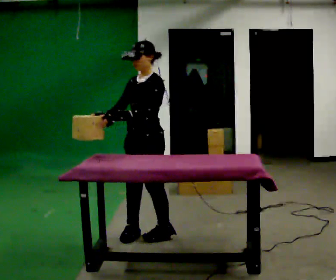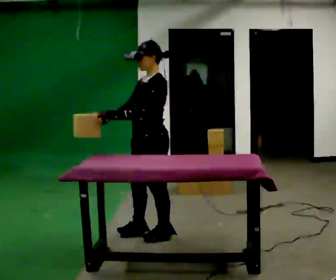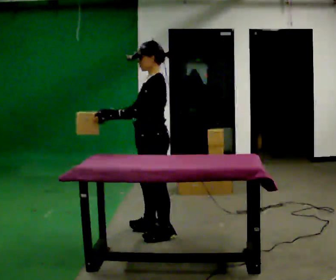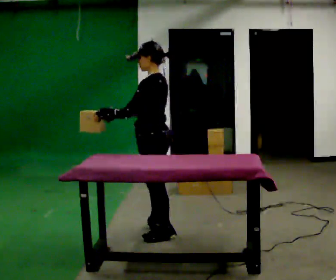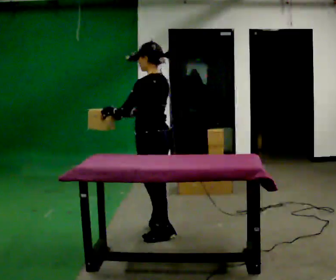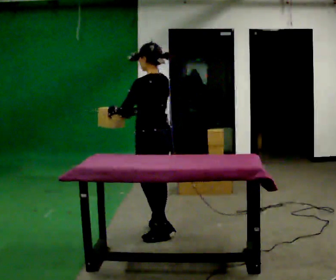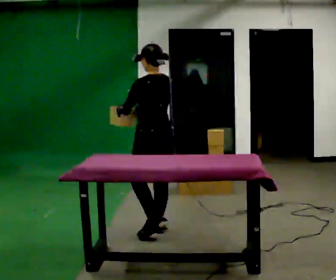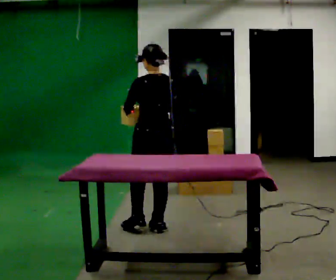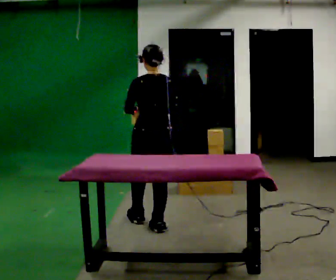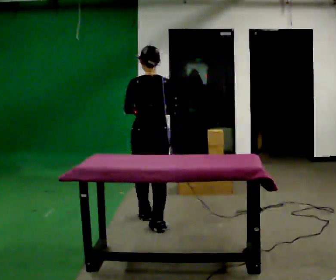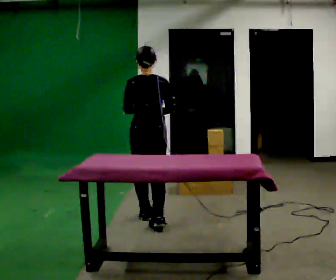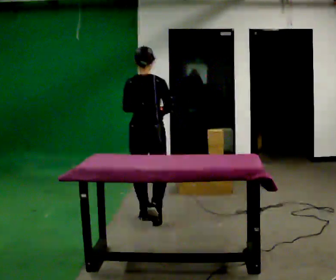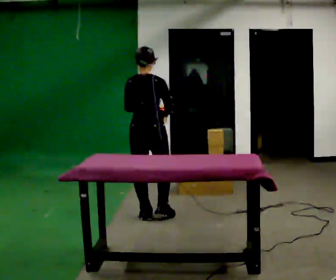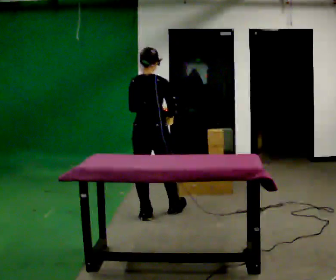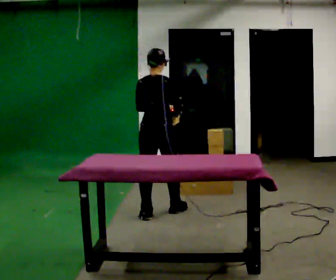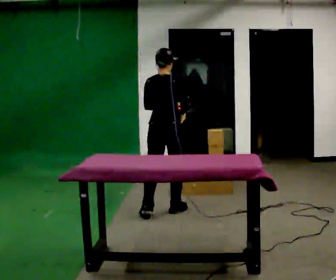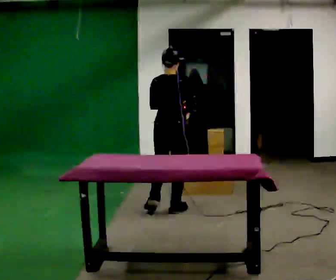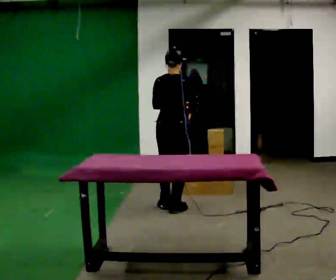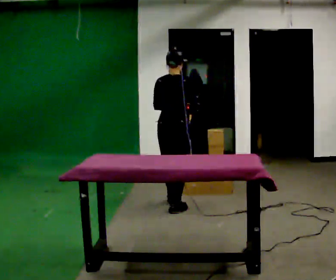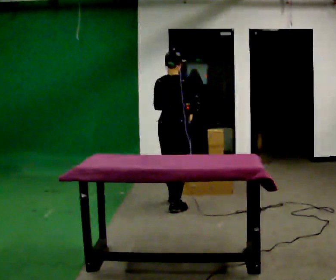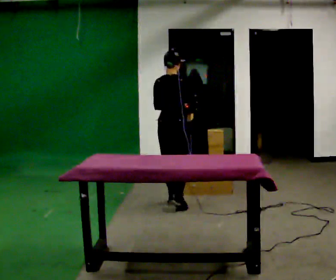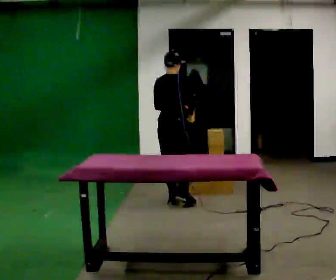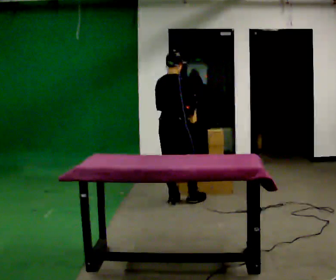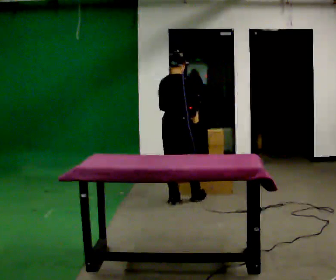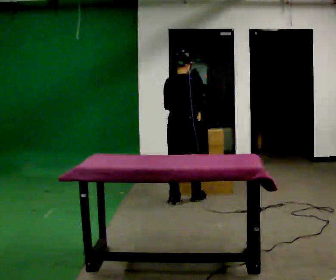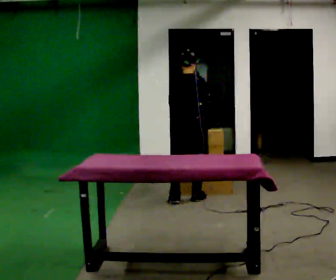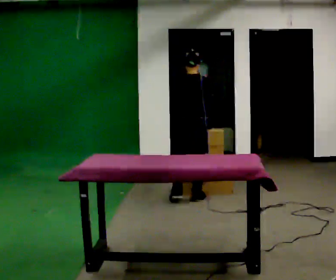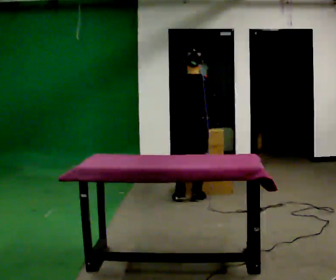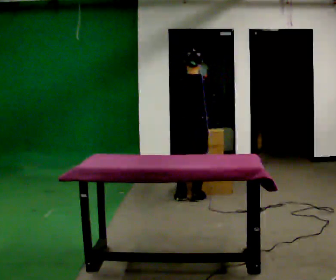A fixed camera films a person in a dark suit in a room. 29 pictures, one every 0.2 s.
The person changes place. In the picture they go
away from the camera.
The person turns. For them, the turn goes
to their right.
0.0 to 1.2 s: The part of the body nearest the lens slides to the left as the person turns to their right by about 90 degrees. In the picture they go away from the camera, about 0.25 m in 1 step. In the picture their right hand goes to the right.
1.2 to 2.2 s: Seen from above the body turns clockwise, about 45 degrees: to their right, with its near side sliding to the left. In the picture they go away from the camera, about 0.25 m in 1 step, which for them is forward.
2.2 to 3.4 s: In the picture they go away from the camera and to the right, about 0.5 m in 1 step, which for them is forward.
3.4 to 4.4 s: In the picture they go away from the camera, about 0.25 m in 1 step, which for them is forward.
4.4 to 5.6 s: In the picture they go to the right, about 0.25 m in 2 steps, which for them is forward and to their right.
The film runs forward here.
